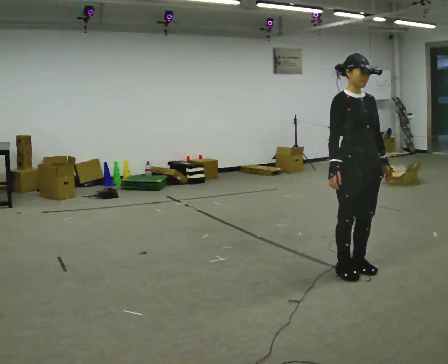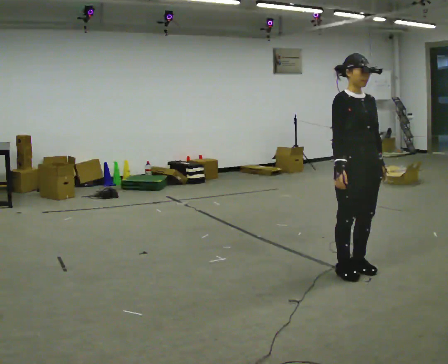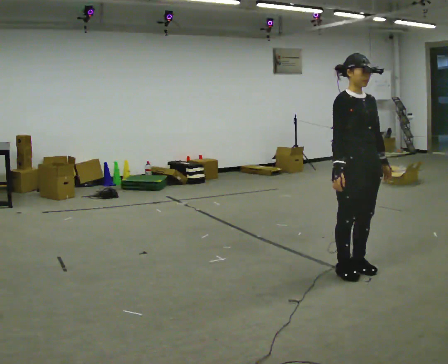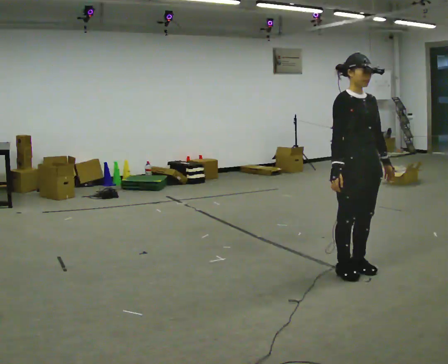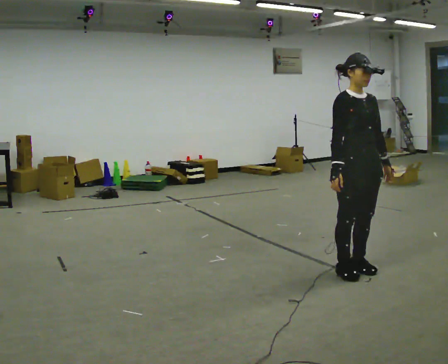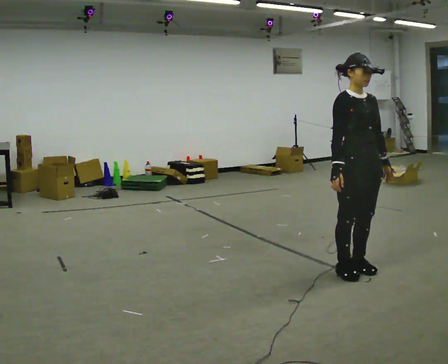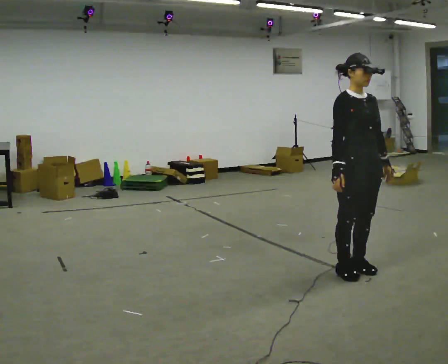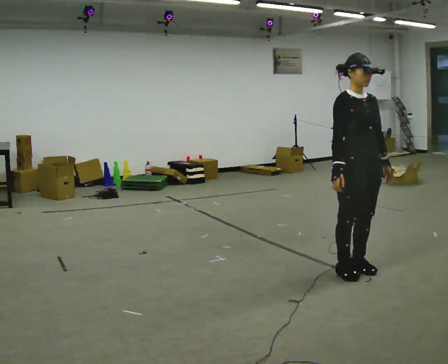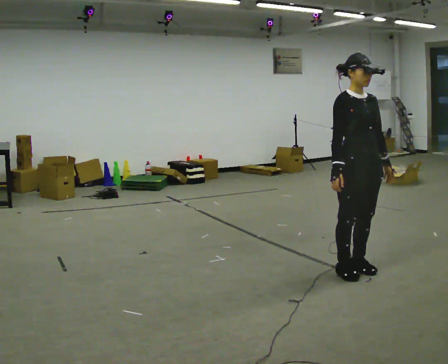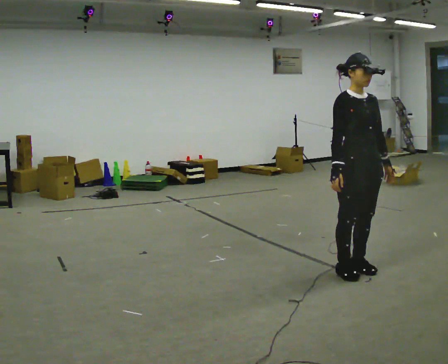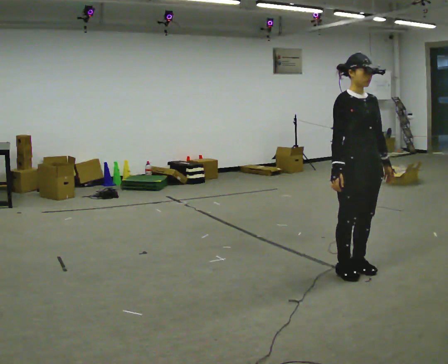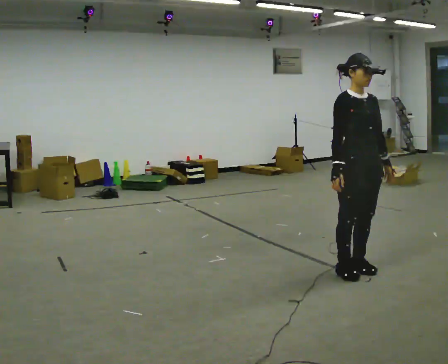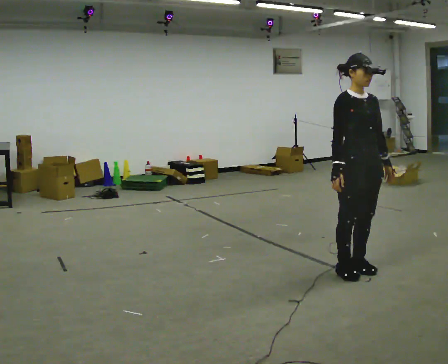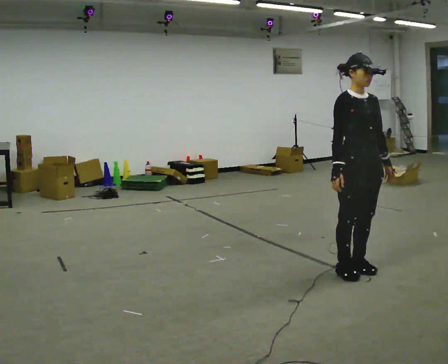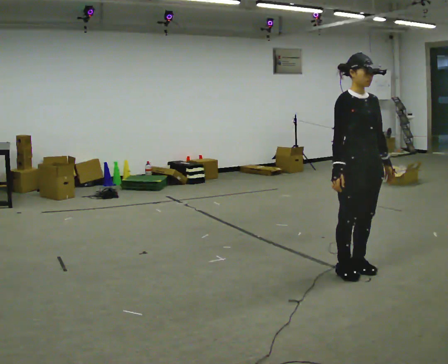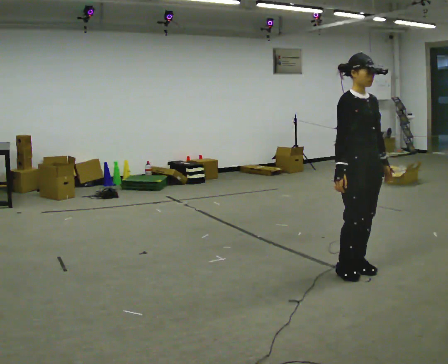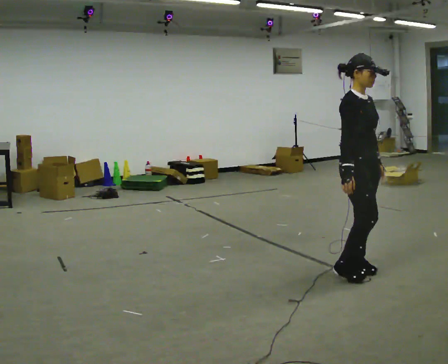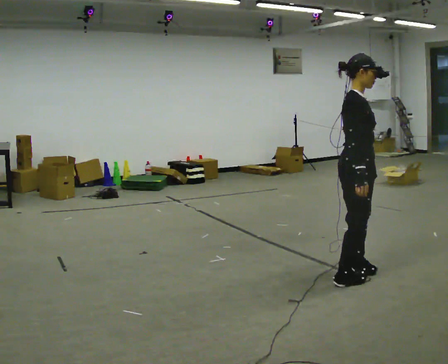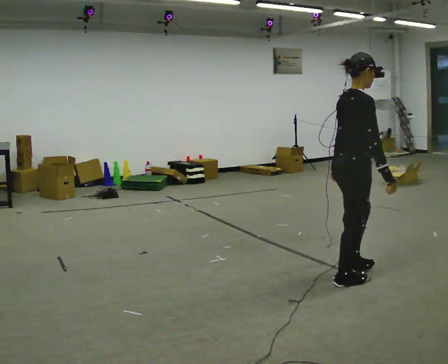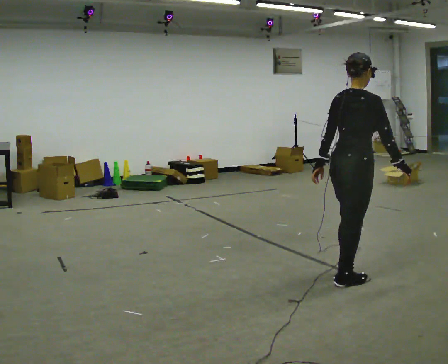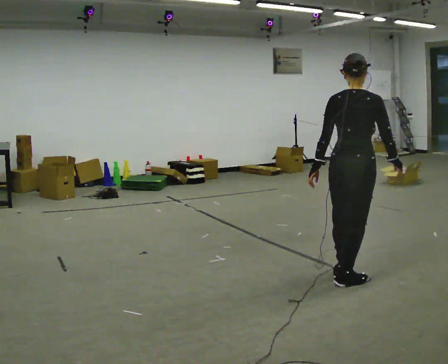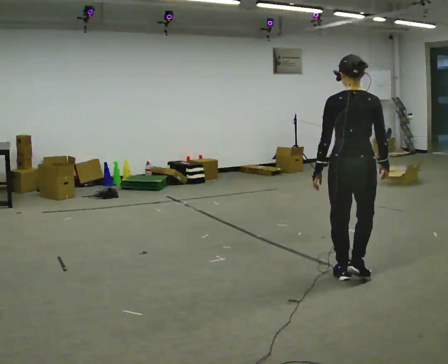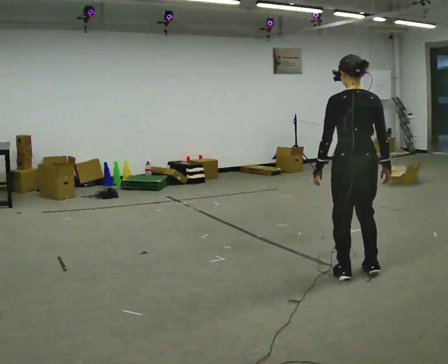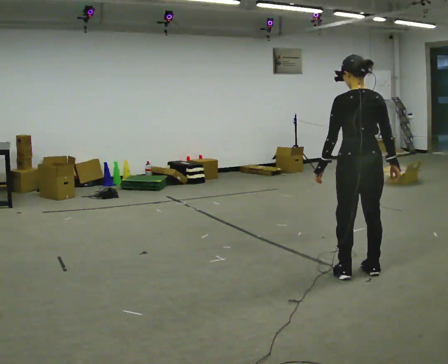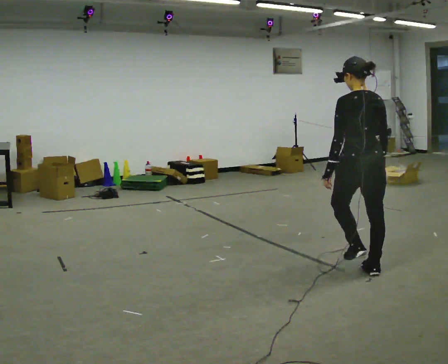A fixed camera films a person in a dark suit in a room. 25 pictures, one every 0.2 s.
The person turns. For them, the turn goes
to their left.
The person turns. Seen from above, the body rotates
counterclockwise.
0.0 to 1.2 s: The person moves a little, or ends about where they began.
1.2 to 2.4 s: The person keeps their place and pose.
2.4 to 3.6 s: The part of the body nearest the lens slides to the right as the person turns to their left by about 75 degrees. In the picture their left hand goes to the left.
3.6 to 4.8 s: The part of the body nearest the lens slides to the right as the person turns to their left by about 90 degrees. In the picture they go away from the camera, about 0.25 m in 2 steps.
The film runs forward here.
